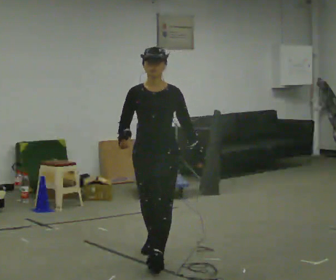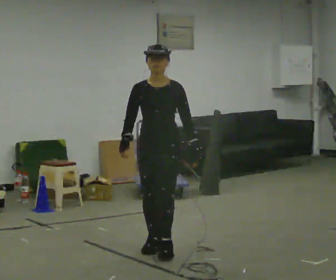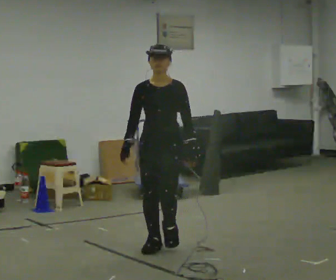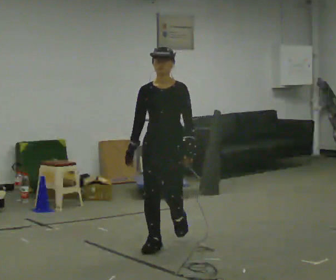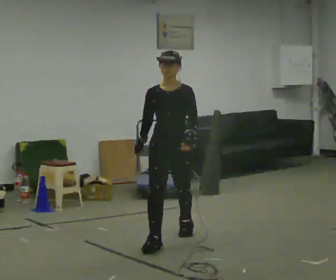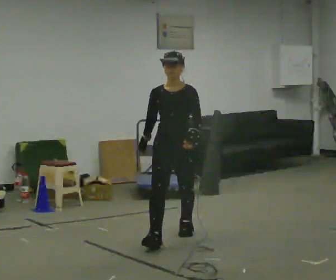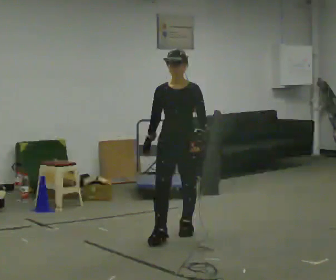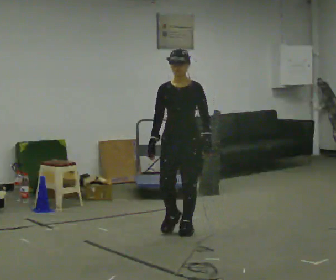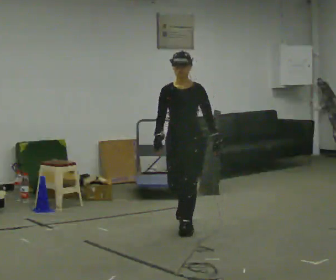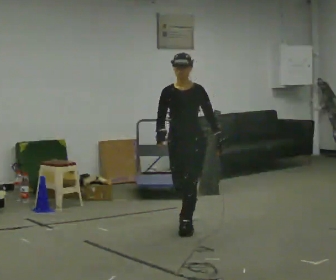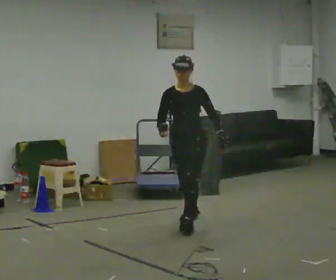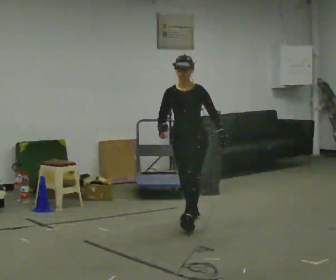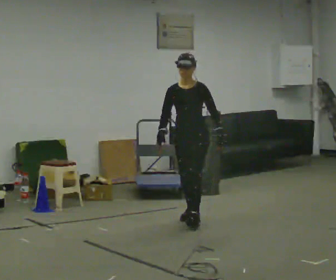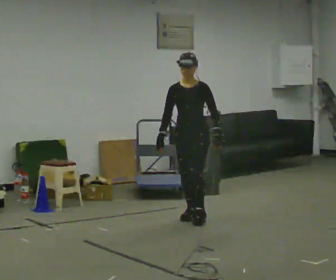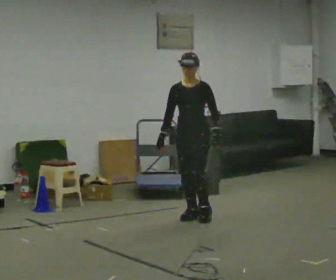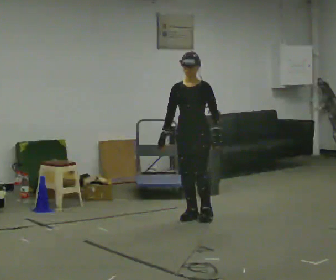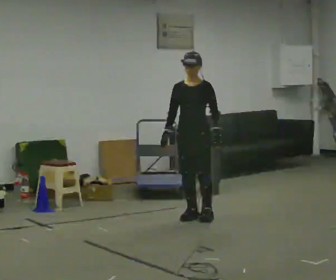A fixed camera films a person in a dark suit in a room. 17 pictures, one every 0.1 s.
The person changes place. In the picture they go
away from the camera.
0.0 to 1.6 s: In the picture they go away from the camera, about 1.5 m in 2 steps, which for them is backward.
The film runs backward here.
